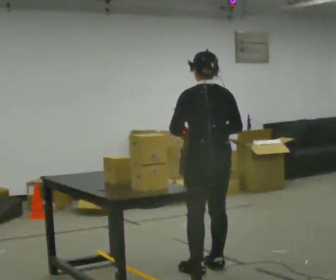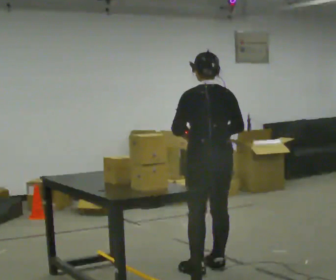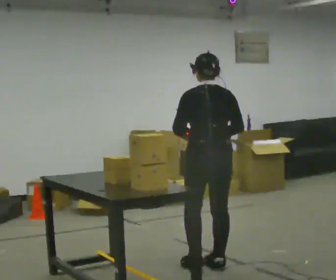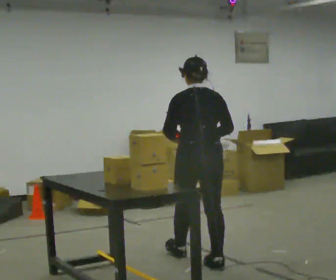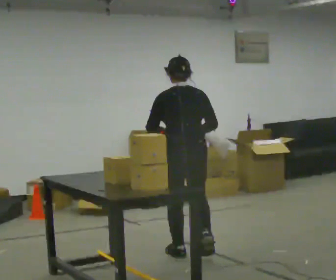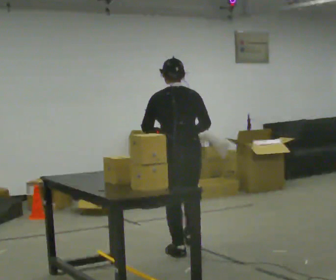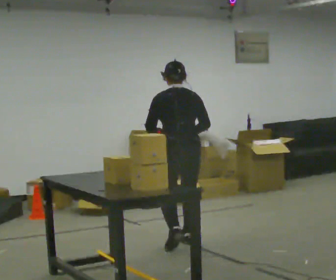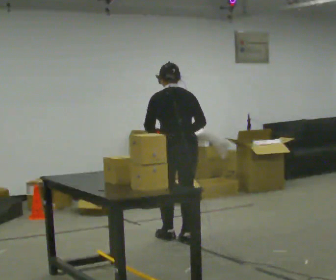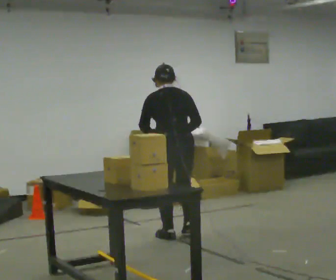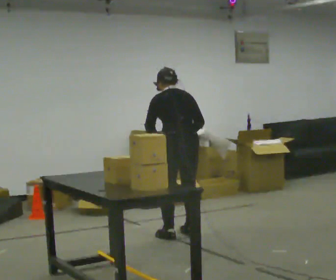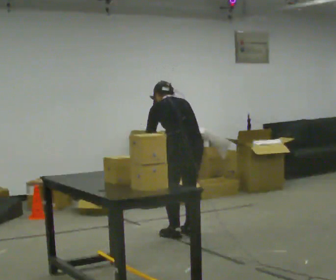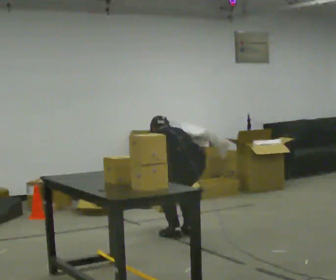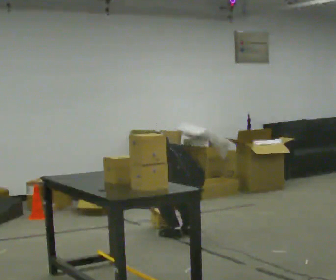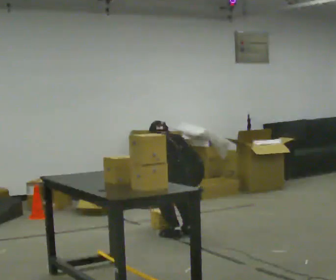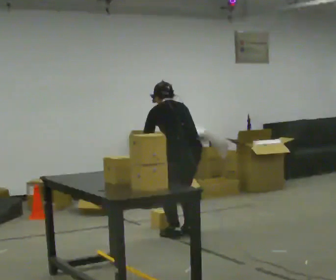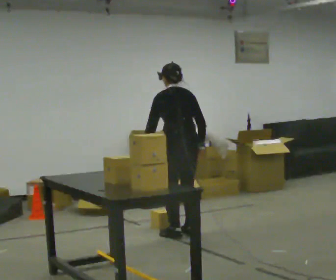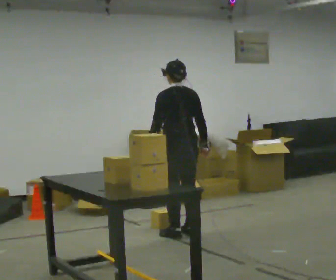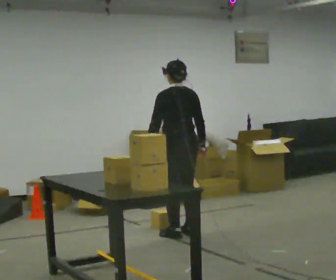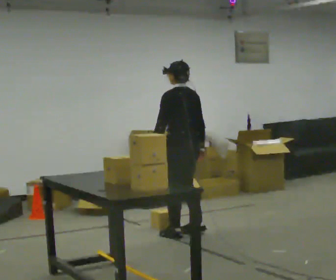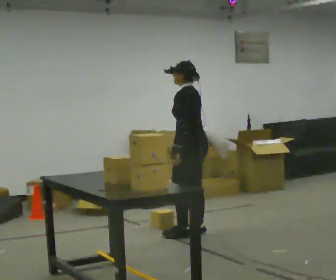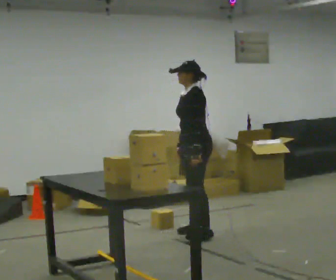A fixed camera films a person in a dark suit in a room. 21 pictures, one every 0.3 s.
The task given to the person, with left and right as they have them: Pick an object up off the floor at one end of the room, carry it across, and place it on the waist-height shelf at the other end. Keep going until the operator says stop; one object at a time, and do not rush between trips.
0.0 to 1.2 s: In the picture they go away from the camera and to the left, about 0.5 m in 1 step, which for them is forward.
1.2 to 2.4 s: In the picture they go away from the camera, about 0.5 m in 2 steps, which for them is forward.
2.4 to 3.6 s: The upper body goes downward. The upper body tips away from the camera, its near side rolling upward, as they bend forward. In the picture their right hand goes downward.
3.6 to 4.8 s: The upper body goes upward. The upper body tips toward the camera, its near side rolling downward, as they lean back or straighten. In the picture their left hand goes upward.
4.8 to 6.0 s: Seen from above the body turns counterclockwise, about 75 degrees: to their left, with its near side sliding to the right. In the picture they go to the right, about 0.25 m.
The film runs forward here.
